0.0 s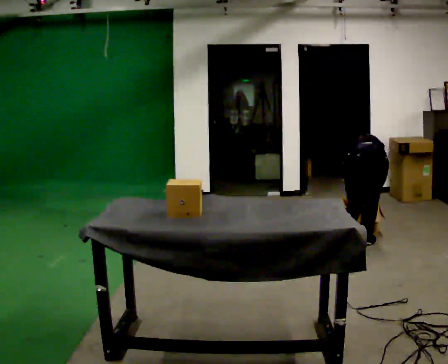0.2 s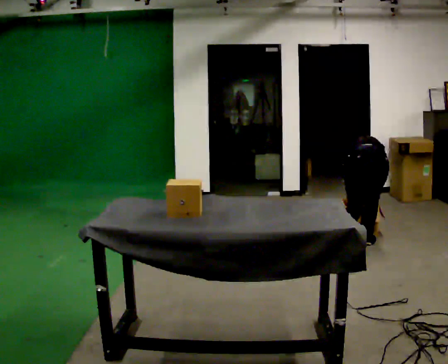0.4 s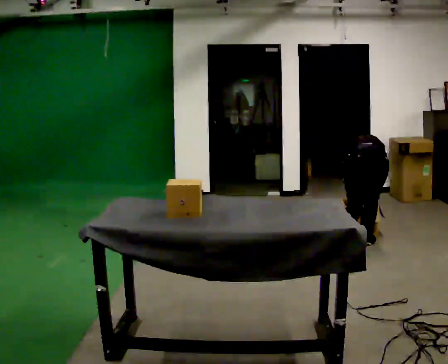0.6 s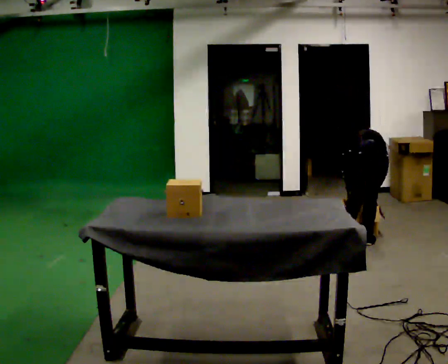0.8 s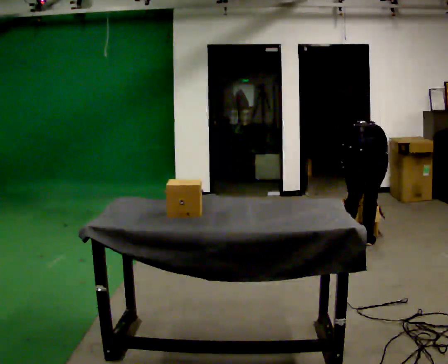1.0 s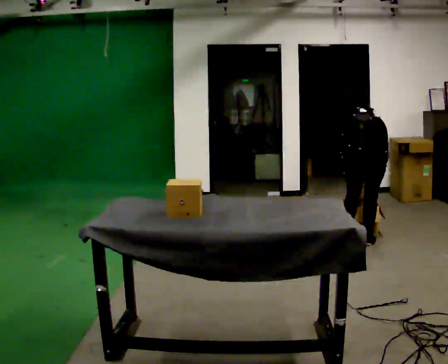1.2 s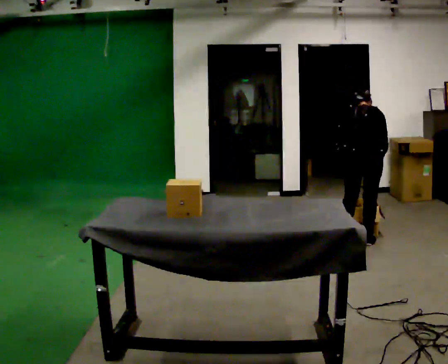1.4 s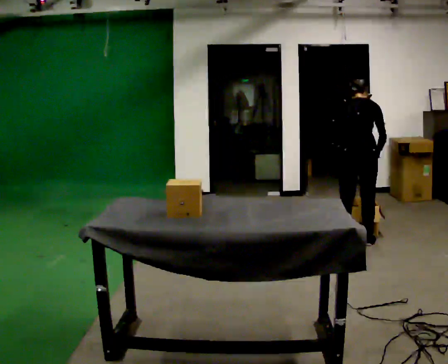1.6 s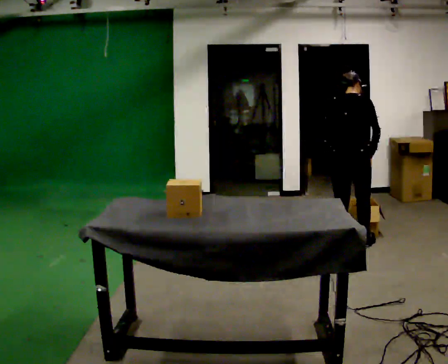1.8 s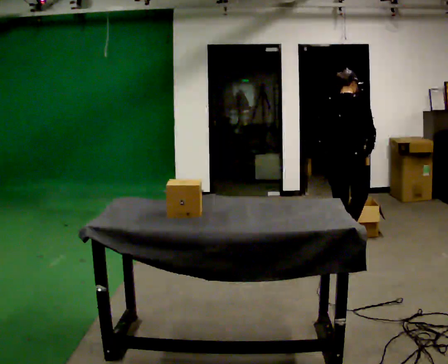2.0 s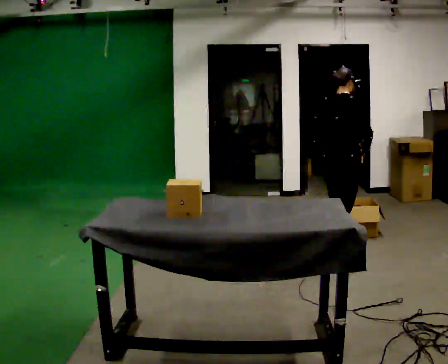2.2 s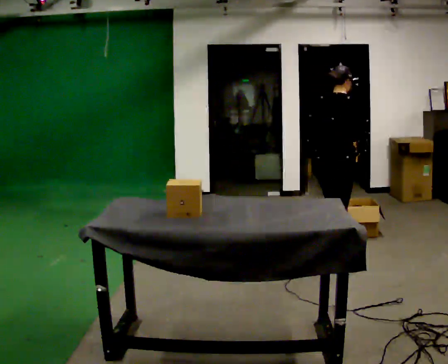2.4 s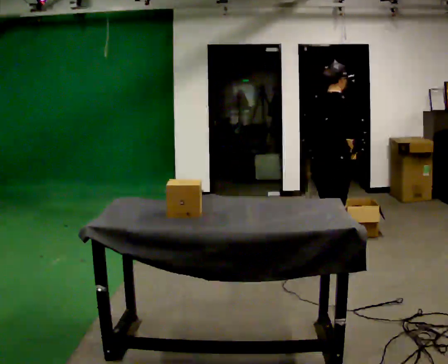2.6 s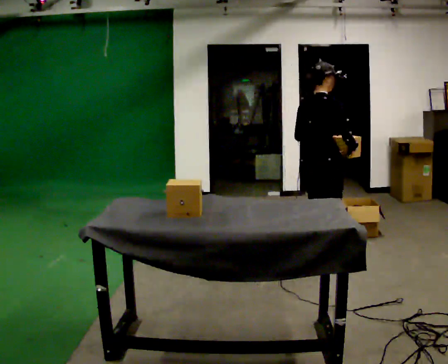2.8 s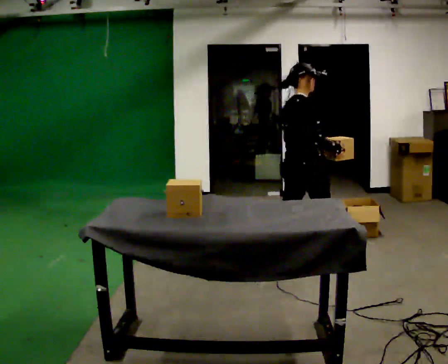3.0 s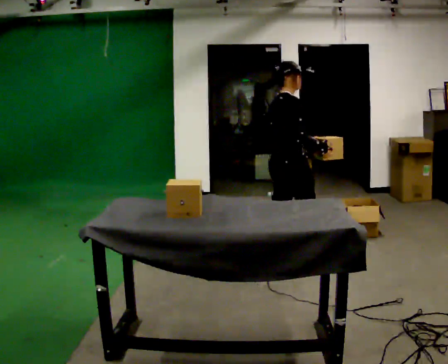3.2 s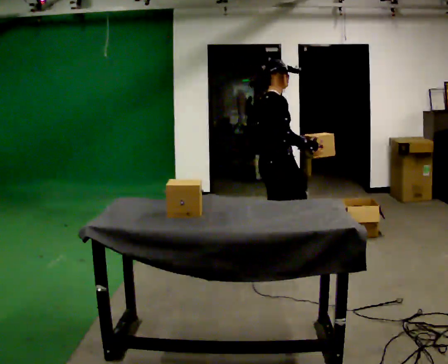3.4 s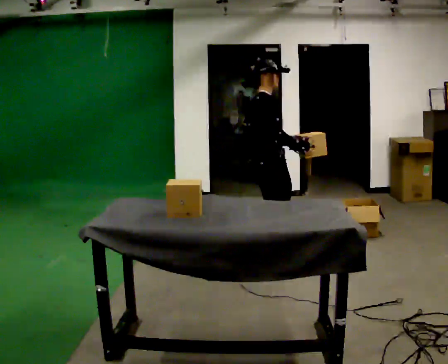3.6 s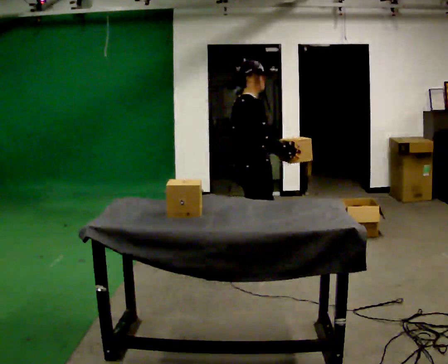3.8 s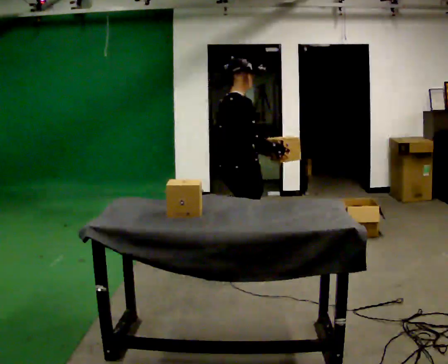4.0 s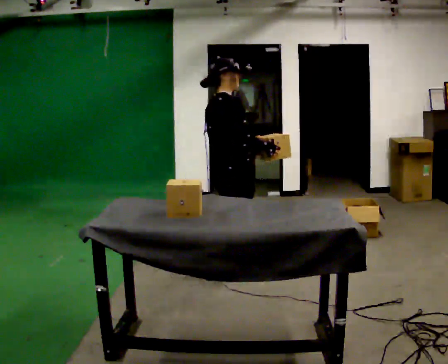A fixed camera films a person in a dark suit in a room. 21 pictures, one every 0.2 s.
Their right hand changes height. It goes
upward.
The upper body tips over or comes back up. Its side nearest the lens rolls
downward.
0.0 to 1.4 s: The upper body goes upward. The upper body tips toward the camera, its near side rolling downward, as they lean back or straighten. In the picture their right hand goes upward.
1.4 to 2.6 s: Seen from above the body turns clockwise, about 30 degrees: to their right, with its near side sliding to the left. In the picture they go toward the camera and to the left, about 0.5 m in 2 steps, which for them is backward. The upper body tips toward the camera, its near side rolling downward, as they lean back or straighten.
2.6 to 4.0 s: In the picture they go to the left and toward the camera, about 1 m in 2 steps, which for them is backward.
The film runs backward here.
